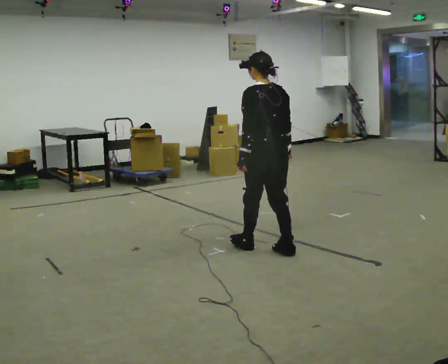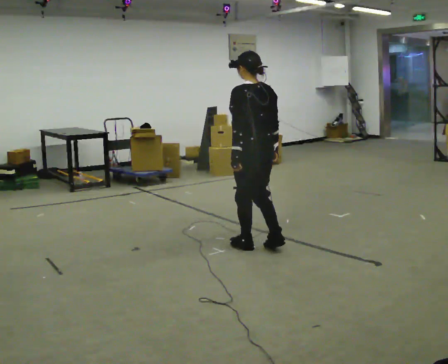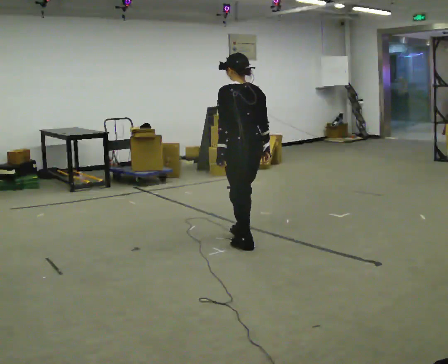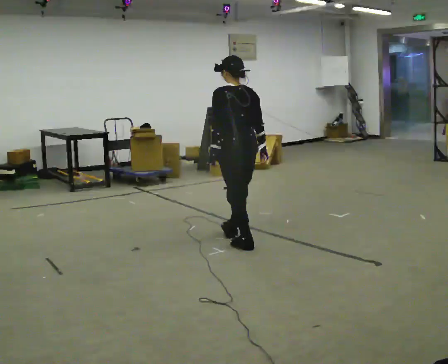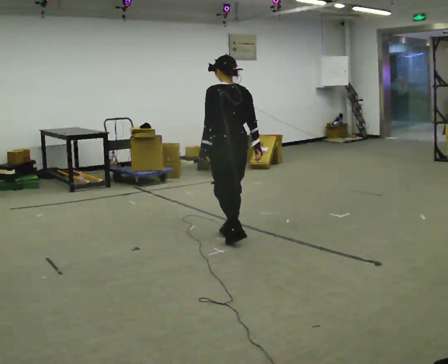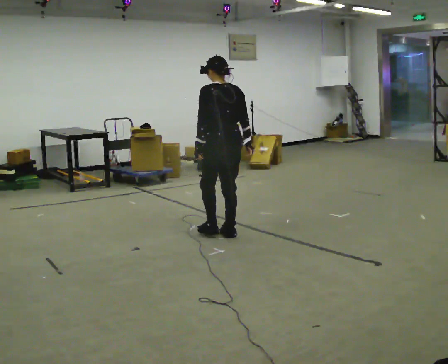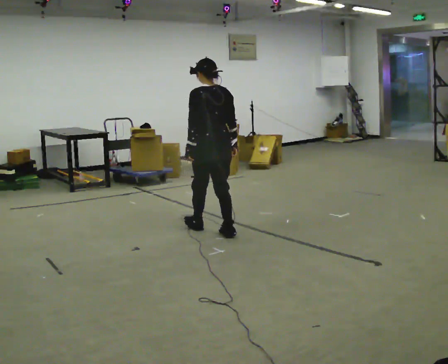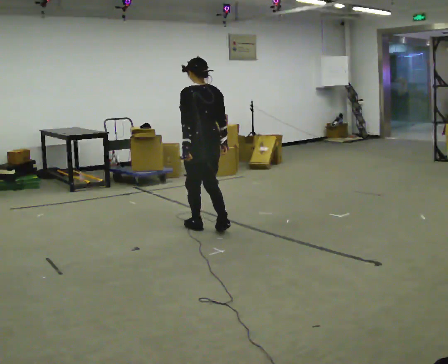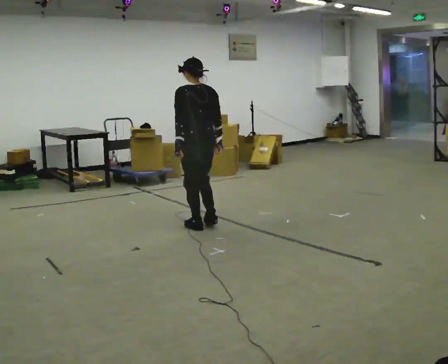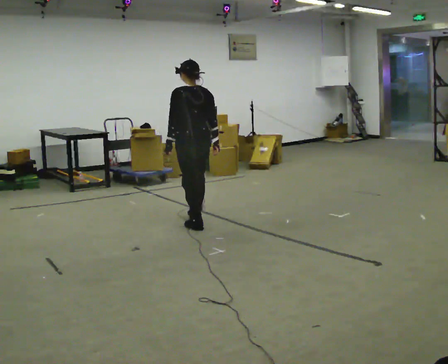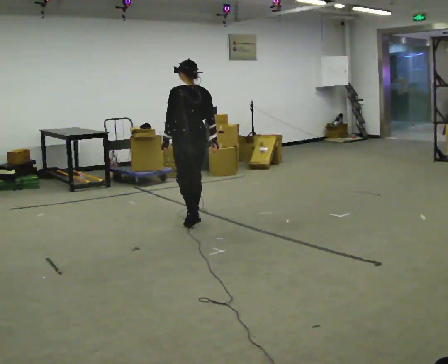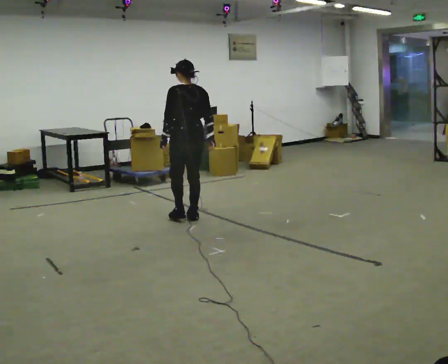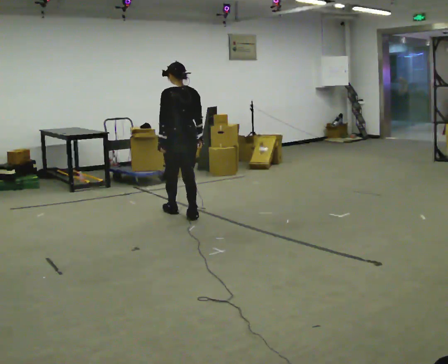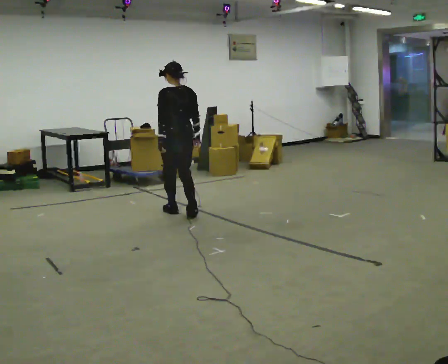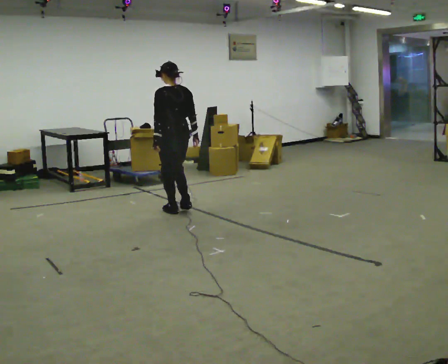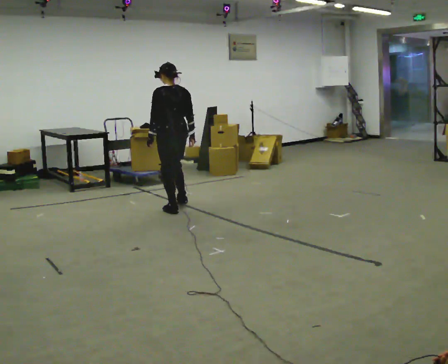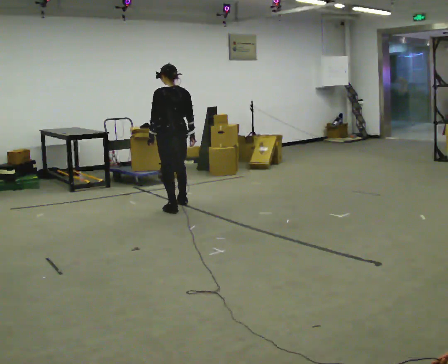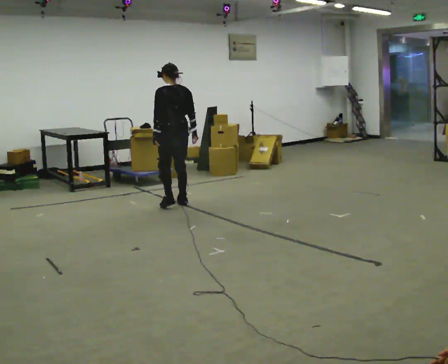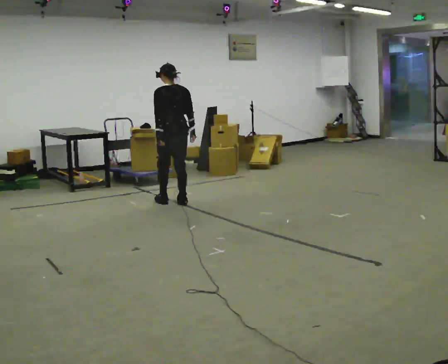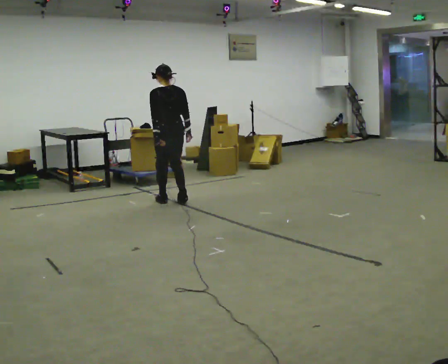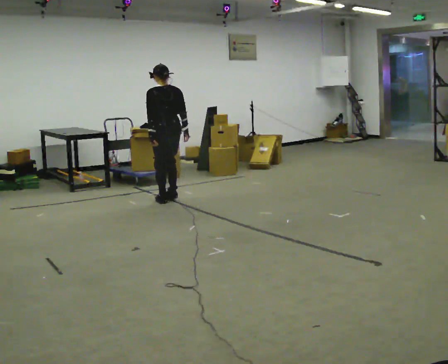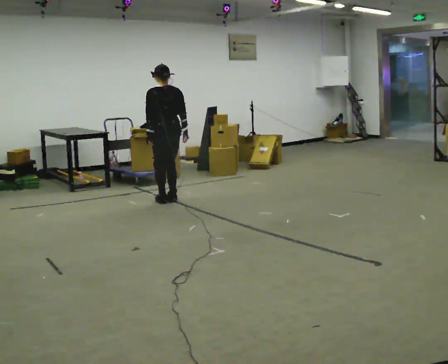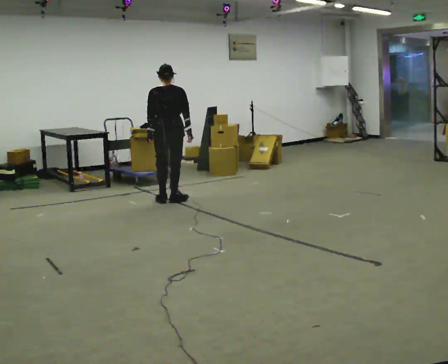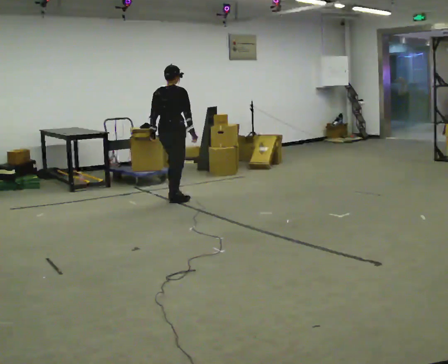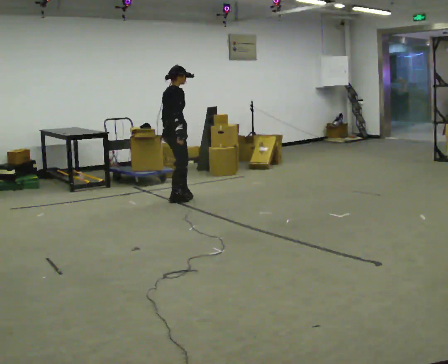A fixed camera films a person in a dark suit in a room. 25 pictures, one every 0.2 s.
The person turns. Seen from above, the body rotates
clockwise.
The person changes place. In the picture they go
away from the camera.
0.0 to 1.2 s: In the picture they go away from the camera and to the left, about 0.75 m in 2 steps, which for them is forward.
1.2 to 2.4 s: In the picture they go away from the camera and to the left, about 0.75 m in 2 steps, which for them is forward.
2.4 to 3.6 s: In the picture they go away from the camera, about 0.5 m in 2 steps, which for them is forward.
3.6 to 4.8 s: The part of the body nearest the lens slides to the left as the person turns to their right by about 105 degrees. In the picture they go away from the camera, about 0.25 m in 1 step.
The film runs backward here.
